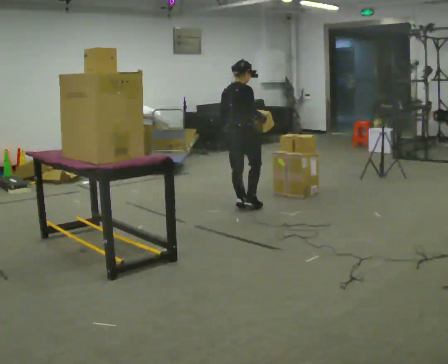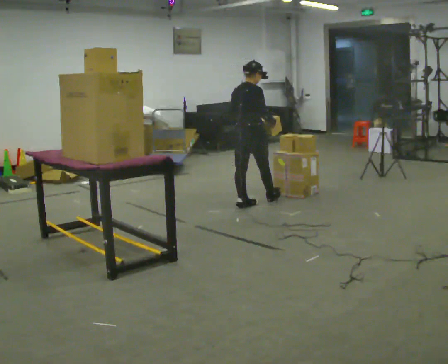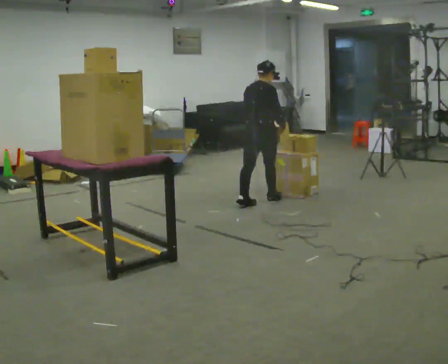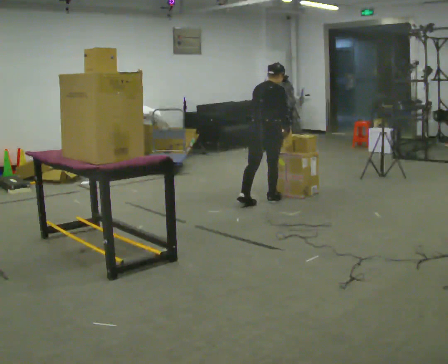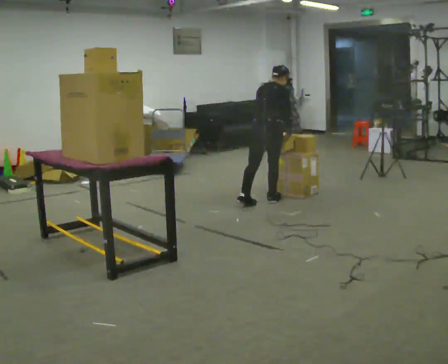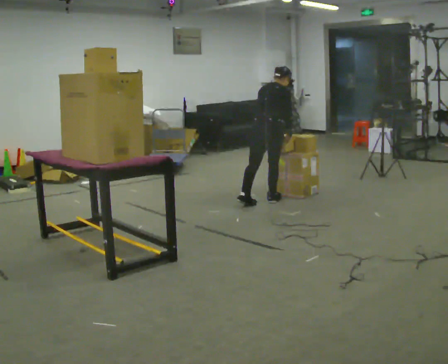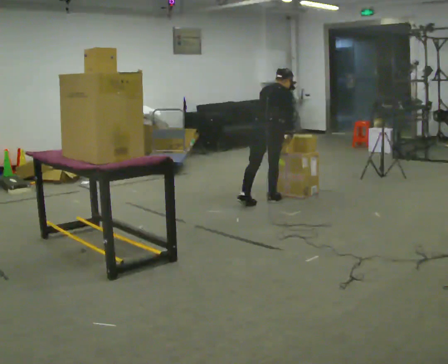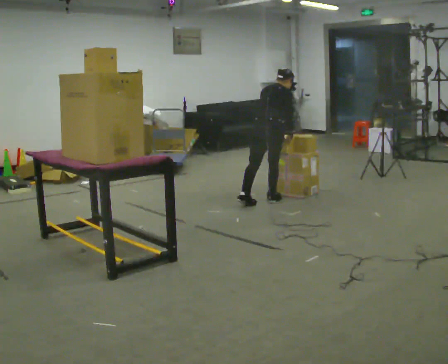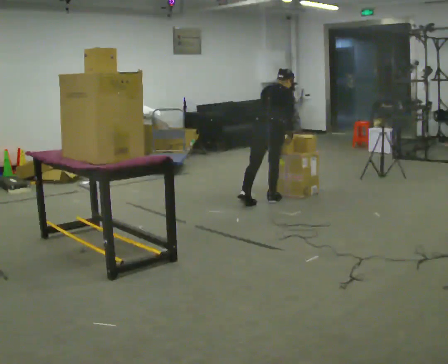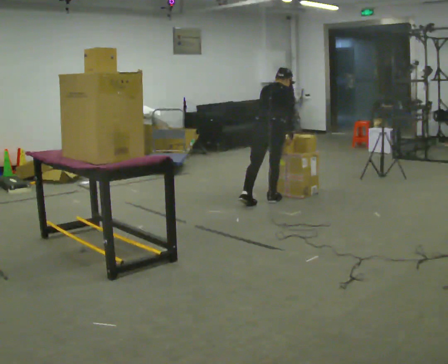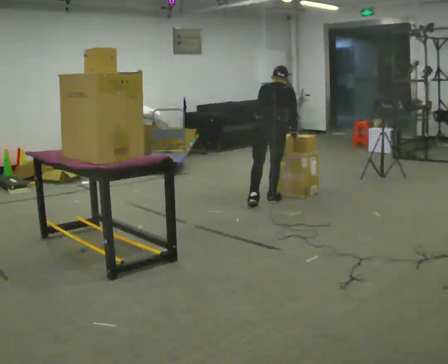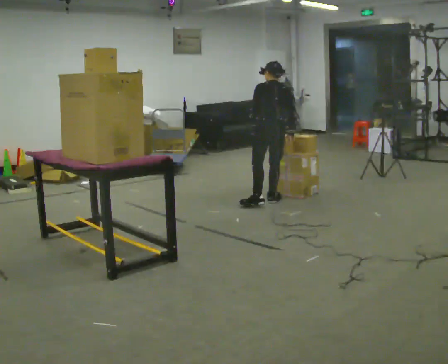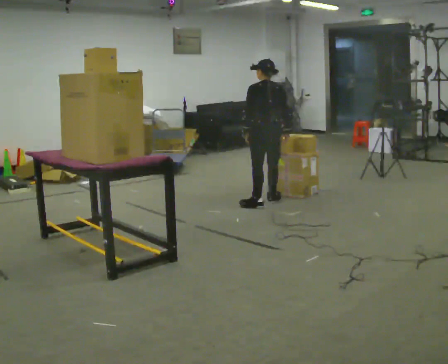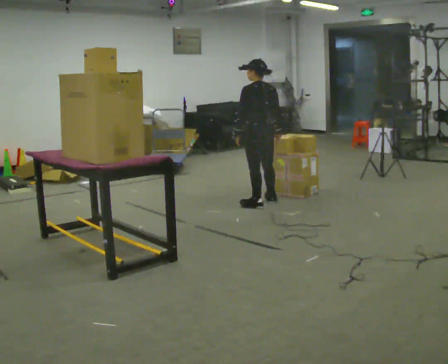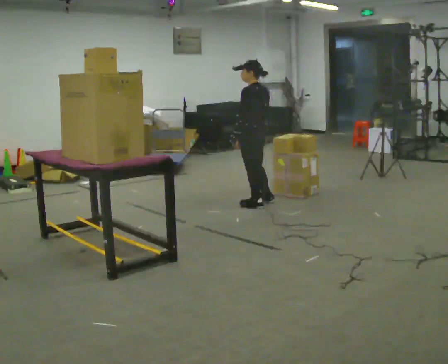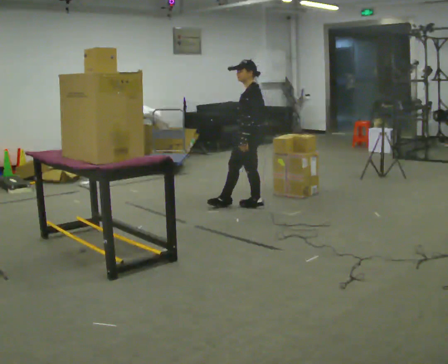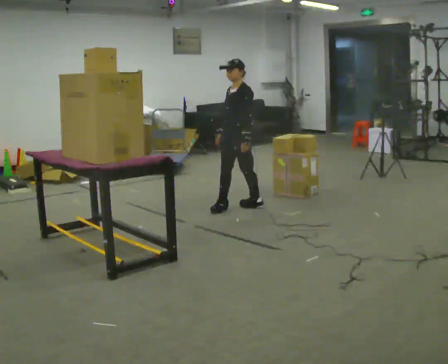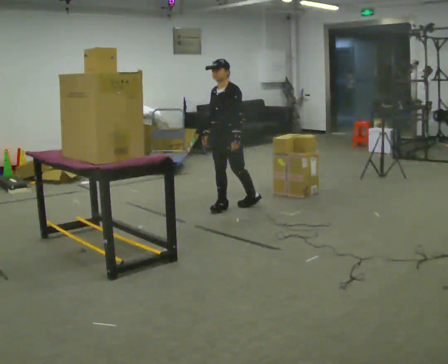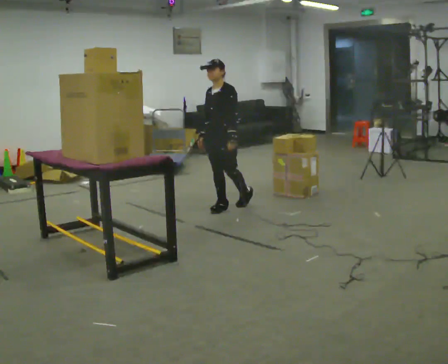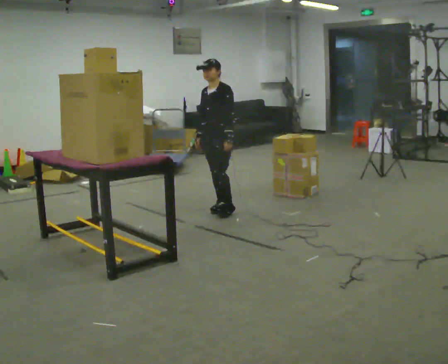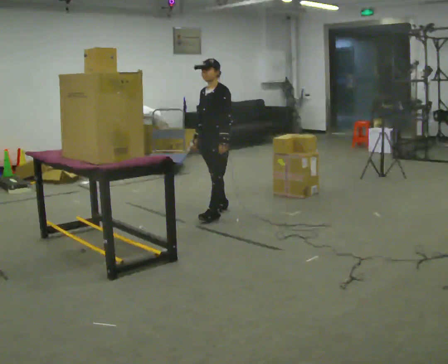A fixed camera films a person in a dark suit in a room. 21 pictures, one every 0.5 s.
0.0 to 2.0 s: In the picture they go away from the camera and to the right, about 0.25 m in 1 step, which for them is forward.
2.0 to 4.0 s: The person moves a little, or ends about where they began.
4.0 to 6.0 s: The person turns about 45 degrees to their left, counterclockwise seen from above, so the part of the body nearest the lens slides to the right. The upper body tips toward the camera, its near side rolling downward, as they lean back or straighten.
6.0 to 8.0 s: The person turns about 105 degrees to their left, counterclockwise seen from above, so the part of the body nearest the lens slides to the right. In the picture they go to the left and toward the camera, about 0.25 m in 1 step.
8.0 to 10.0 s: In the picture they go toward the camera and to the left, about 0.25 m in 1 step, which for them is forward.
The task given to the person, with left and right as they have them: Take an object down from the highest shelf you can comfortably reach, carry it across, and place it on the waist-height shelf. Keep going until the operator says stop; one object at a time, and do not rush between trips.
The film runs forward here.
